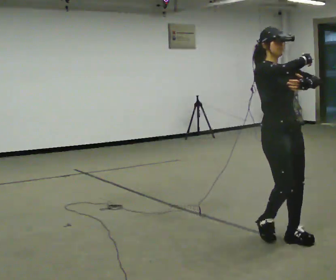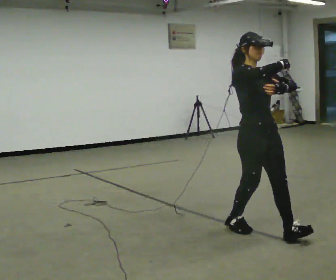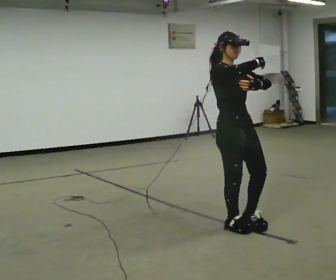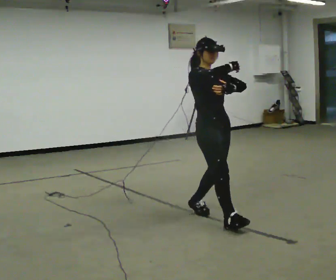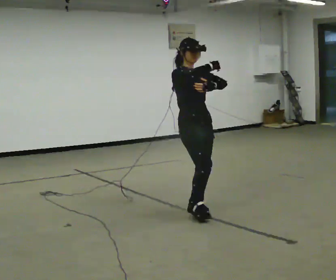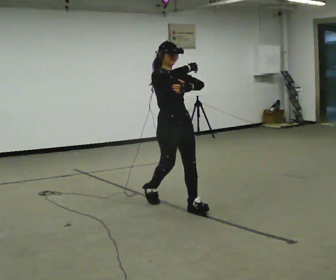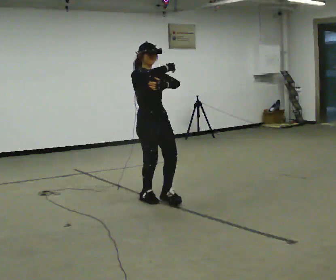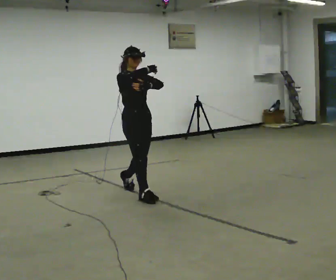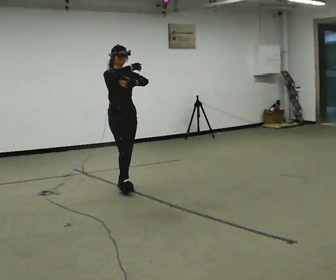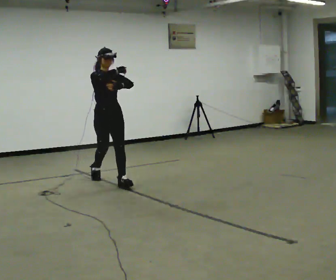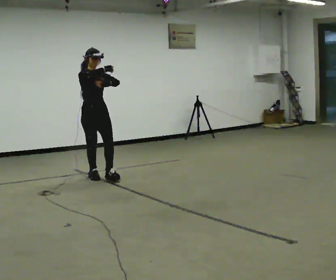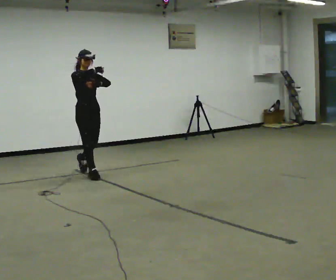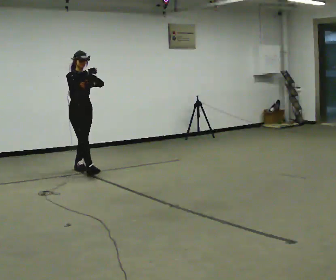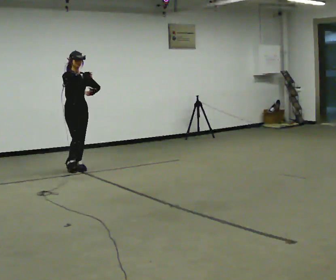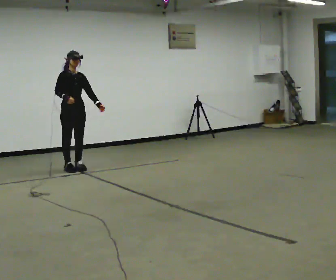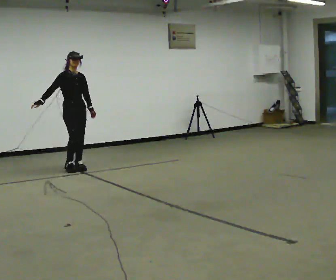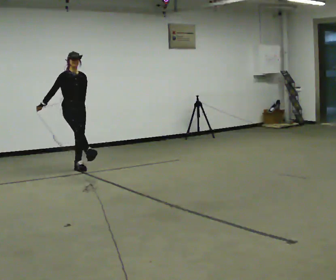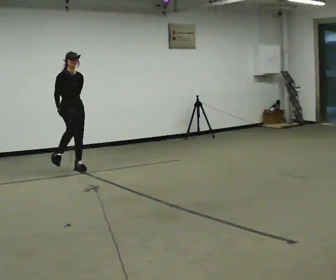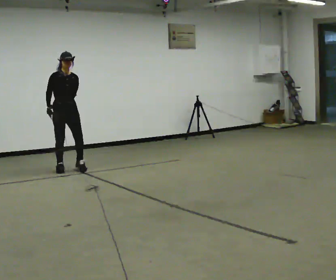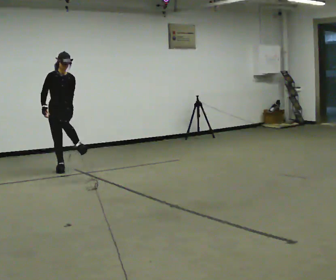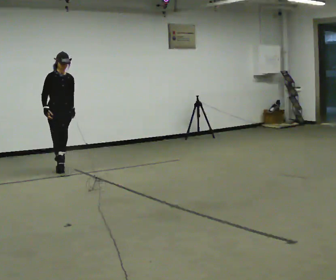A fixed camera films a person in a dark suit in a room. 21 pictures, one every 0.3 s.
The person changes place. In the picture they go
away from the camera.
0.0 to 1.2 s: In the picture they go away from the camera and to the left, about 1 m in 2 steps, which for them is backward.
1.2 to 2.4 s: In the picture they go away from the camera and to the left, about 1.5 m in 2 steps, which for them is backward.
2.4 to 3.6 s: In the picture they go away from the camera and to the left, about 1 m in 2 steps, which for them is backward.
3.6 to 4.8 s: In the picture they go away from the camera, about 0.25 m, which for them is backward. In the picture their right hand goes to the left and downward.
4.8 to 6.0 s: In the picture they go to the left, about 0.25 m, which for them is to their right.
The film runs backward here.
